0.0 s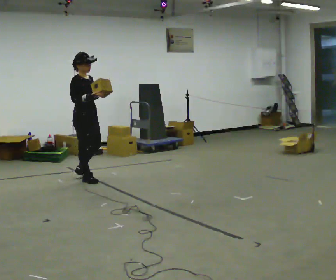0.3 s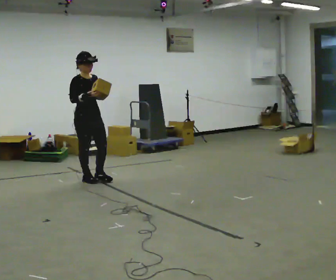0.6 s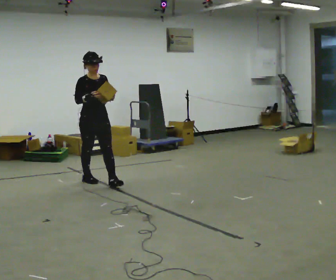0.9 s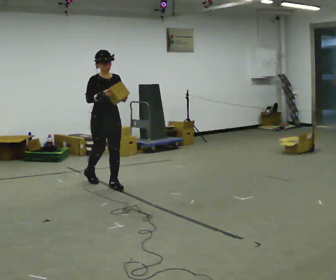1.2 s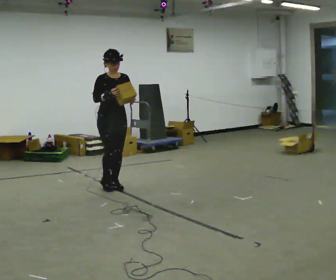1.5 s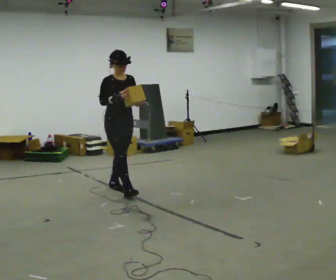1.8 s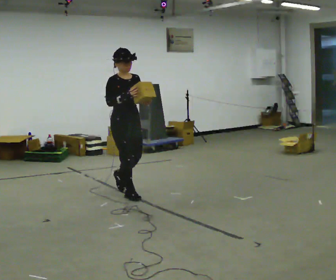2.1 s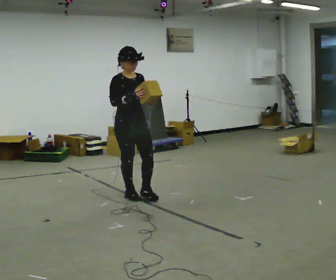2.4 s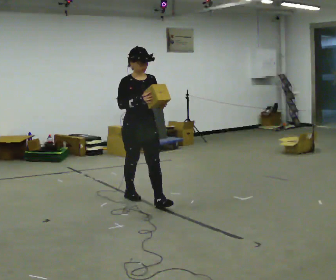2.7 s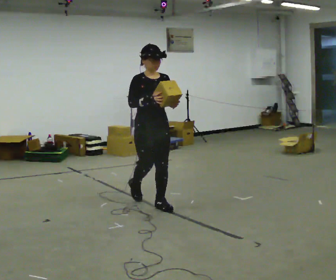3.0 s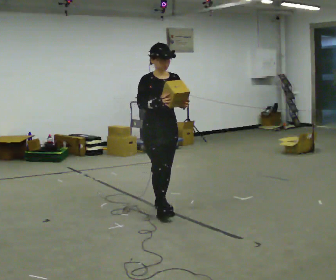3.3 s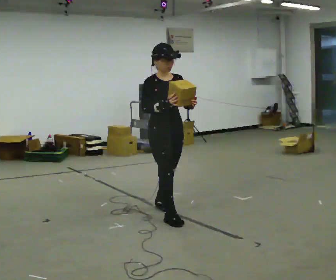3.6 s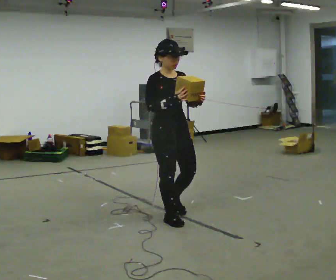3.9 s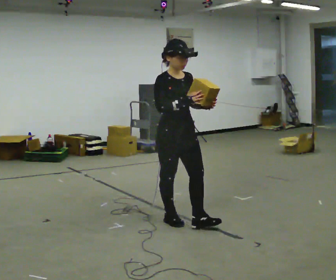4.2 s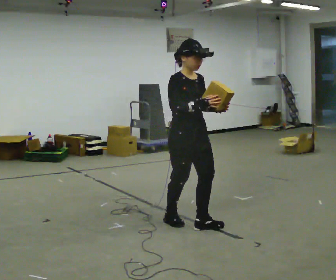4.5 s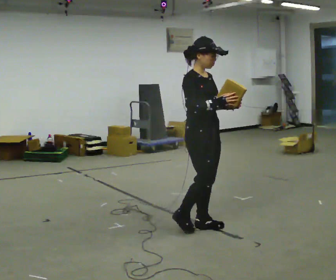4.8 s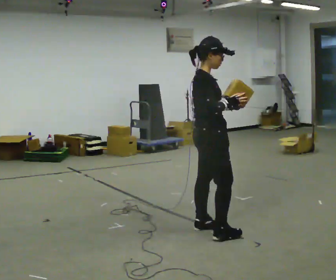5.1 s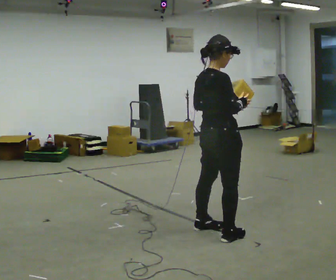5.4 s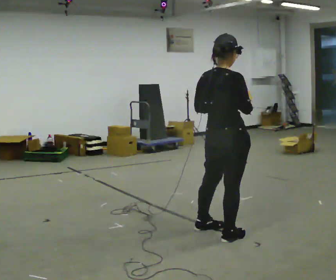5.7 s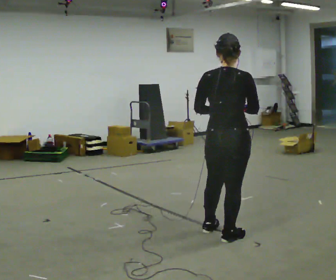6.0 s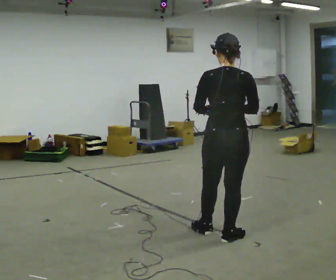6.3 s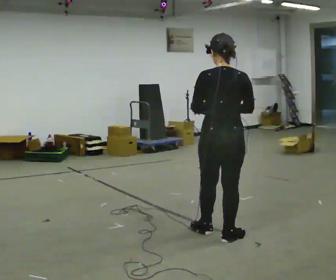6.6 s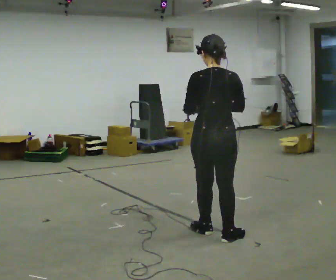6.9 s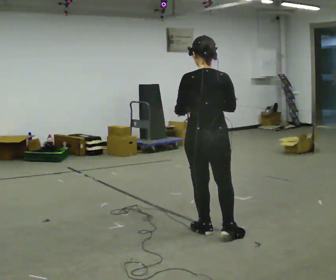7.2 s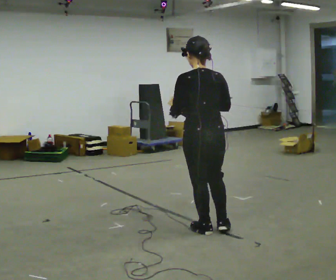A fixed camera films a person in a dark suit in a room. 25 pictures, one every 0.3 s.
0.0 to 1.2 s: The part of the body nearest the lens slides to the left as the person turns to their right by about 45 degrees. In the picture they go to the right and toward the camera, about 0.5 m in 1 step, which for them is forward and to their left.
1.2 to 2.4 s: In the picture they go toward the camera and to the right, about 0.5 m in 2 steps, which for them is forward.
2.4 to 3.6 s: In the picture they go toward the camera and to the right, about 0.75 m in 1 step, which for them is forward.
3.6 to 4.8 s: The person turns about 60 degrees to their left, counterclockwise seen from above, so the part of the body nearest the lens slides to the right. In the picture they go to the right and toward the camera, about 0.5 m in 1 step, which for them is forward.
4.8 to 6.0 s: The person turns about 75 degrees to their left, counterclockwise seen from above, so the part of the body nearest the lens slides to the right. In the picture they go toward the camera and to the right, about 0.25 m in 1 step.
6.0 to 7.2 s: Seen from above the body turns counterclockwise, about 30 degrees: to their left, with its near side sliding to the right. In the picture they go to the left and away from the camera, about 0.25 m, which for them is forward and to their left.
The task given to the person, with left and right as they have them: Carry the object and, while walking, turn it over in your hands to look at all sides of it. Keep turning it as you walk.
The film runs forward here.
